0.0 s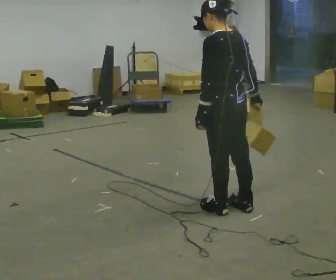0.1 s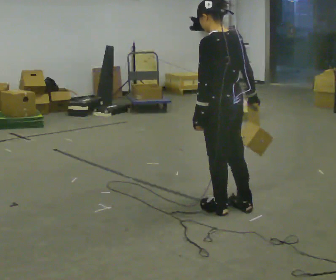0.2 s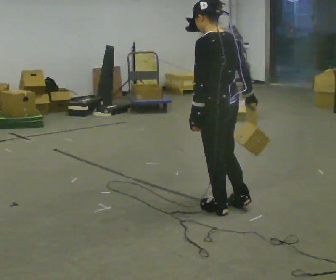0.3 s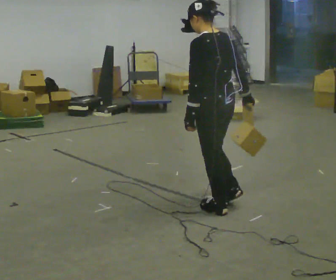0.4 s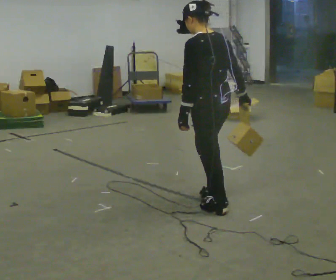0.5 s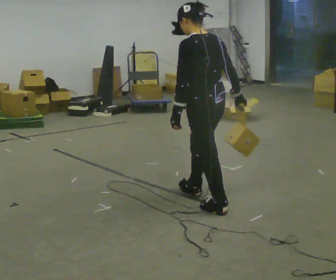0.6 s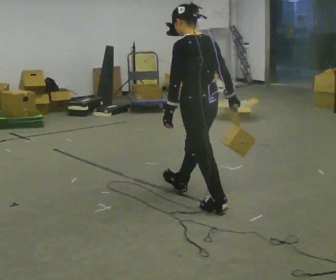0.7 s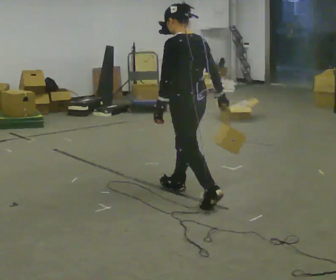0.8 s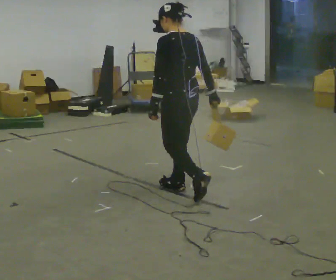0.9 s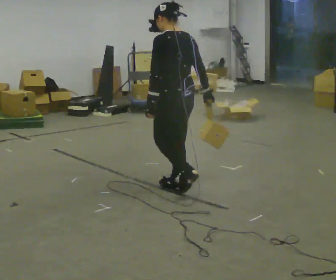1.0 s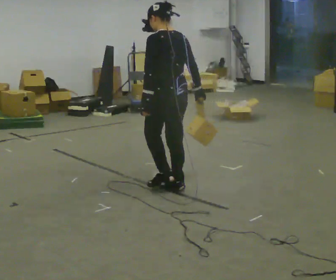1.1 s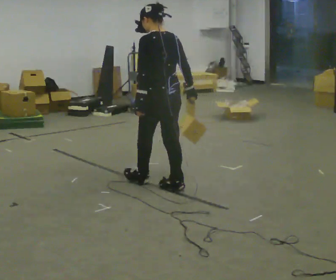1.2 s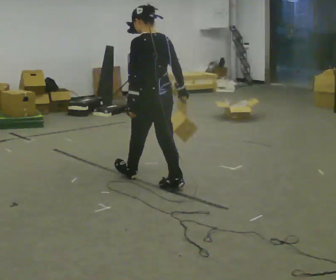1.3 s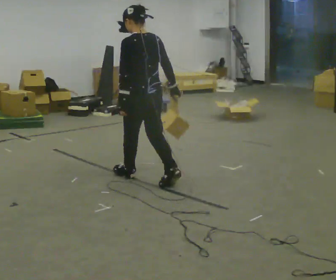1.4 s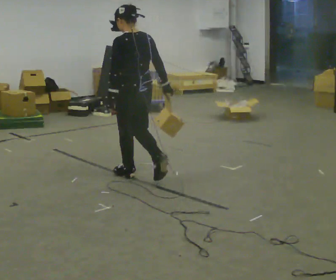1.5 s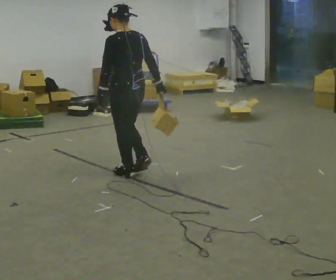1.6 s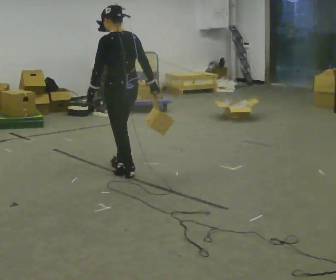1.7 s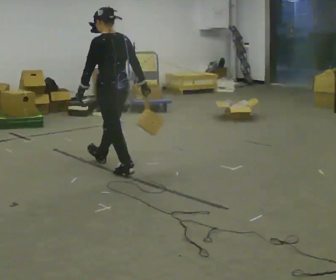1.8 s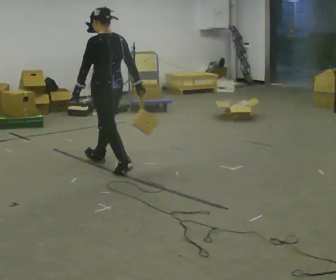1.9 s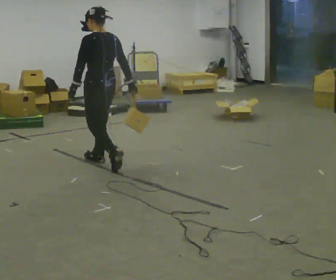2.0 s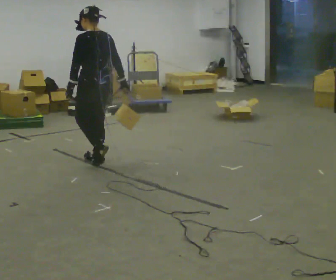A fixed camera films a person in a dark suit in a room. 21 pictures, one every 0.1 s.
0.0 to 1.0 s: In the picture they go away from the camera and to the left, about 0.75 m in 1 step, which for them is forward.
1.0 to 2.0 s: In the picture they go away from the camera and to the left, about 1 m in 2 steps, which for them is forward.
The film runs forward here.
